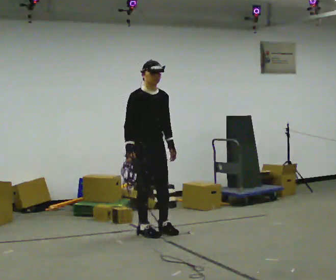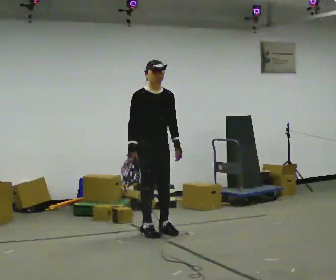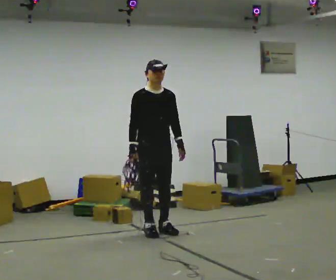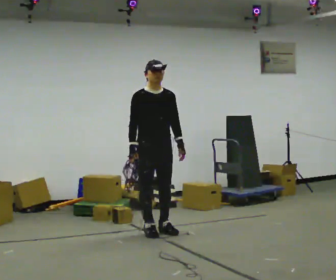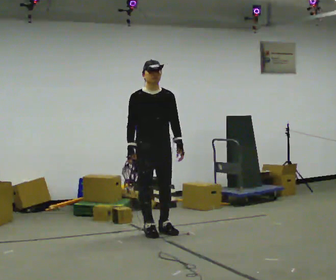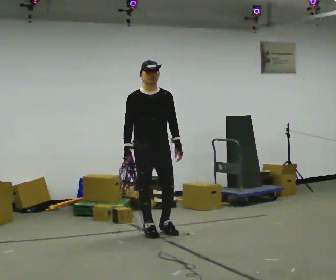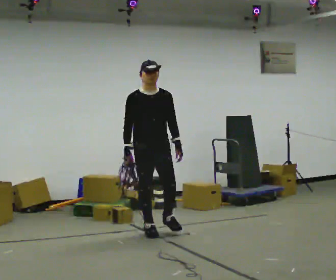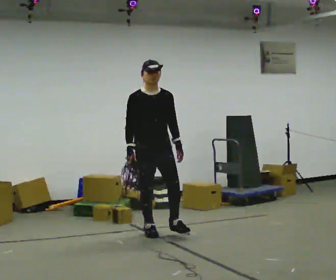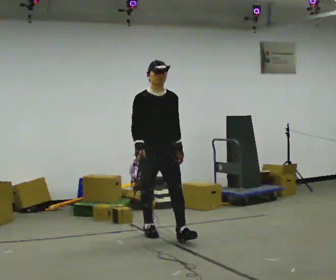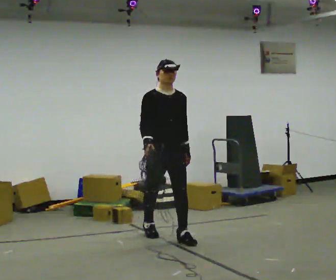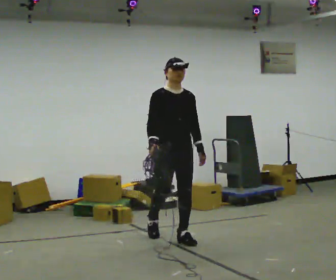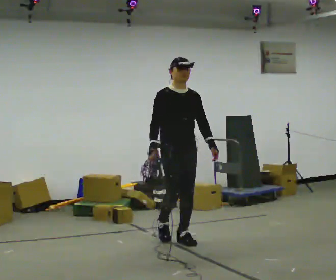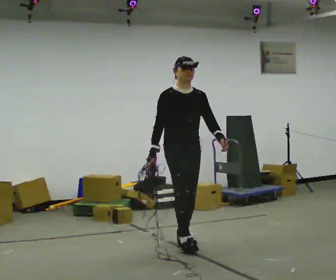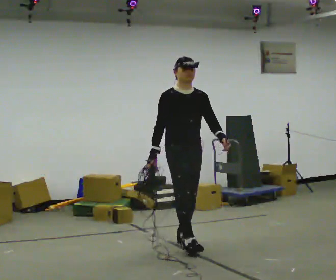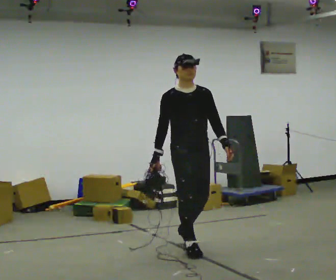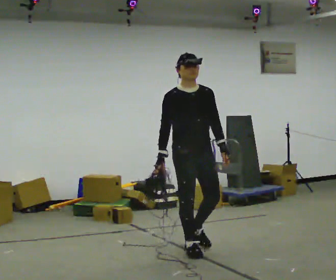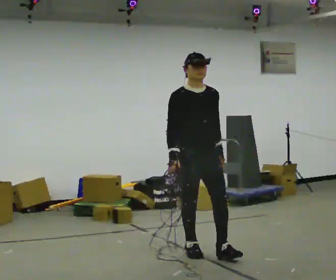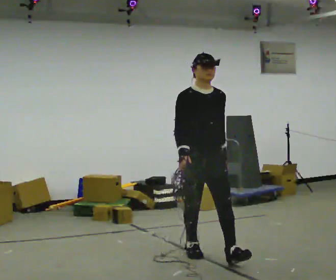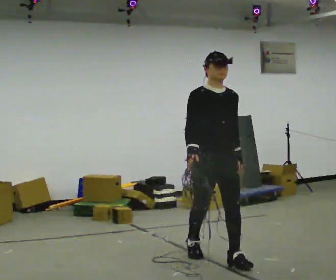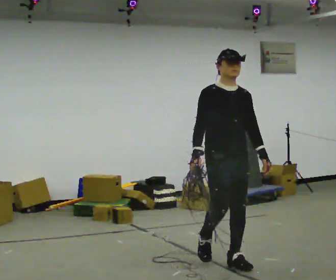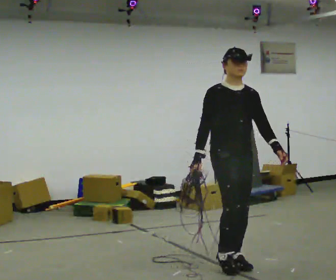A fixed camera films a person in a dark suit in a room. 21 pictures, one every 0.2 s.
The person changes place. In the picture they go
toward the camera.
0.0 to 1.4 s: The person moves a little, or ends about where they began.
1.4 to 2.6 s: In the picture they go toward the camera and to the right, about 0.75 m in 2 steps, which for them is forward.
2.6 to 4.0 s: In the picture they go toward the camera and to the right, about 1 m in 1 step, which for them is forward.
The film runs forward here.
